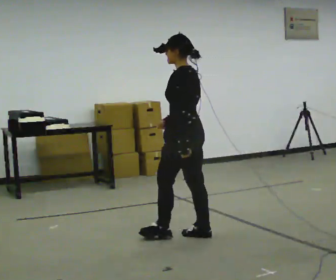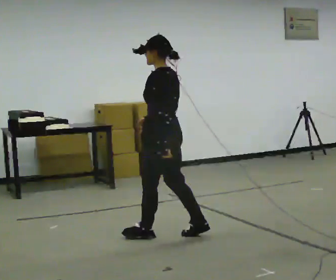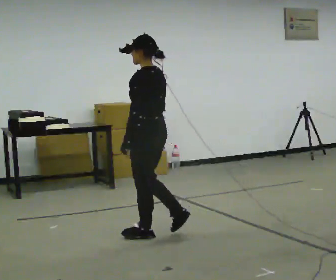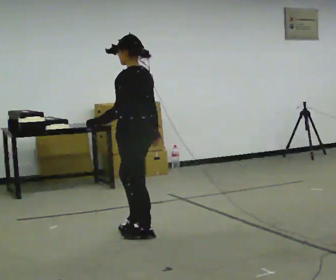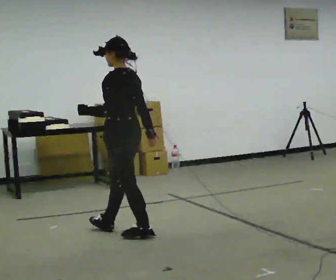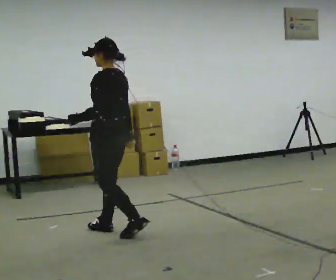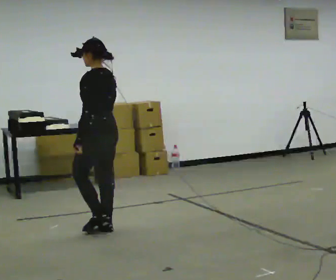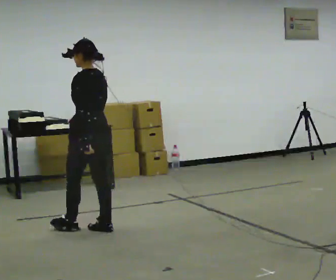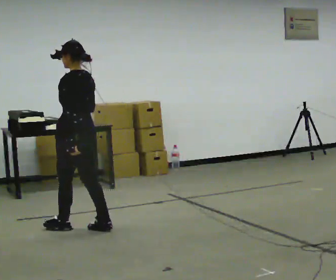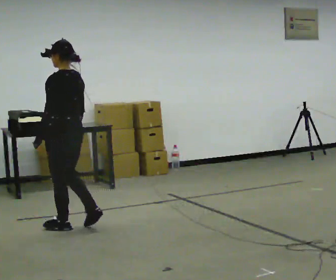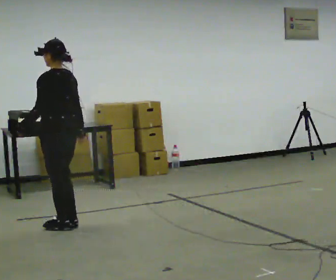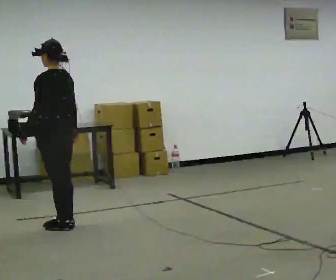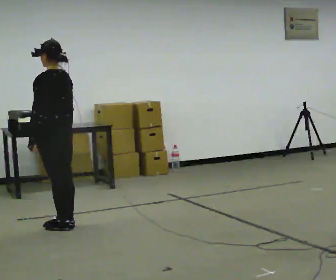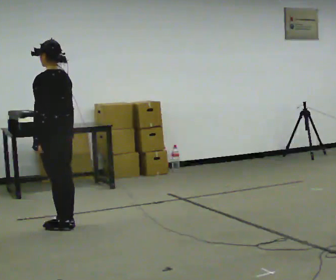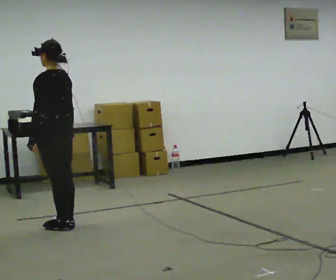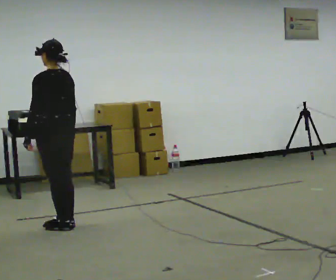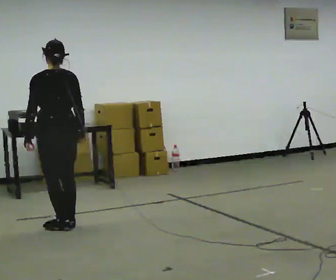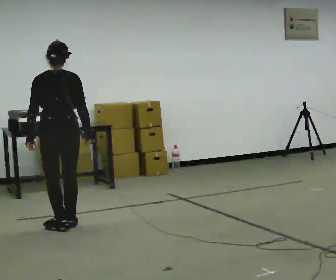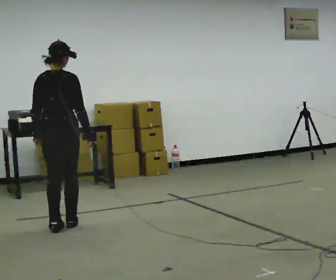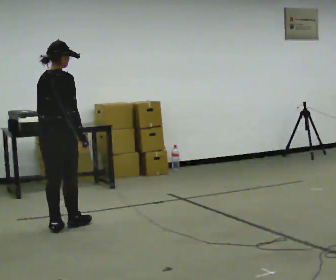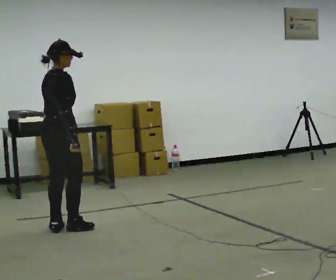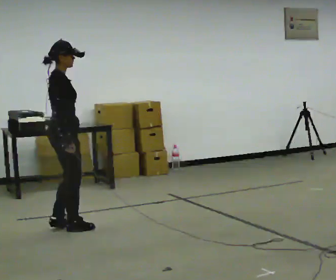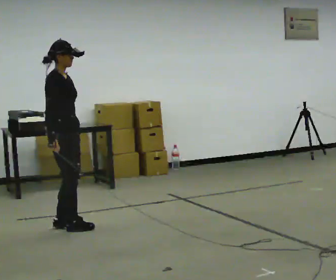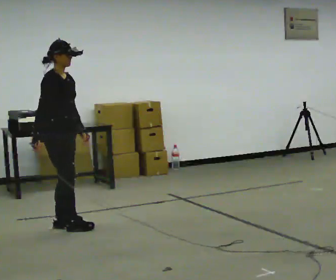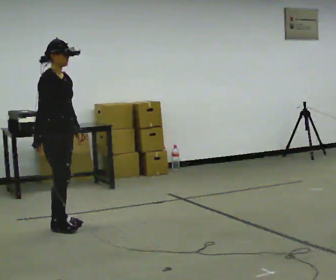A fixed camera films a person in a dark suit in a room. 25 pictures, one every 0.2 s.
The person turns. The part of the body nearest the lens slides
to the left.
The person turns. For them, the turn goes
to their right.
0.0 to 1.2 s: In the picture they go to the left and away from the camera, about 0.5 m in 2 steps, which for them is forward.
1.2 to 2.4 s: In the picture they go to the left and away from the camera, about 0.5 m in 2 steps, which for them is forward.
2.4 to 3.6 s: The person turns about 75 degrees to their right, clockwise seen from above, so the part of the body nearest the lens slides to the left.
3.6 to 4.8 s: Seen from above the body turns clockwise, about 90 degrees: to their right, with its near side sliding to the left. In the picture their right hand goes to the left, the arm swinging clockwise.
The film runs forward here.
